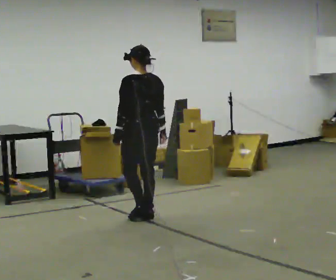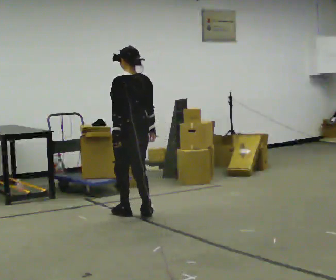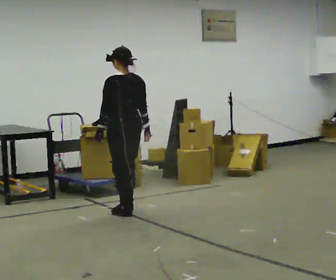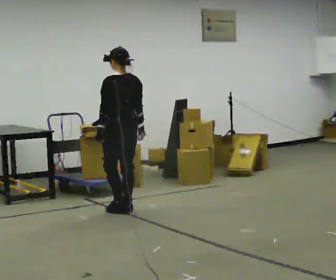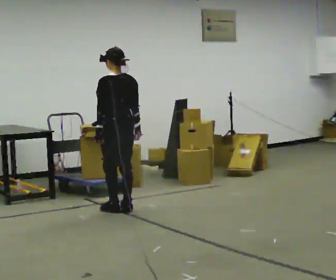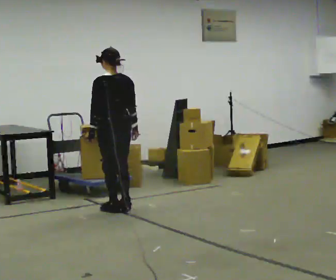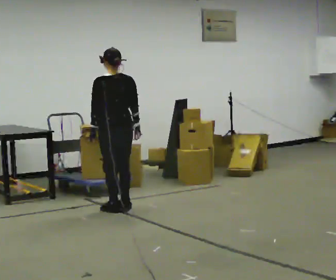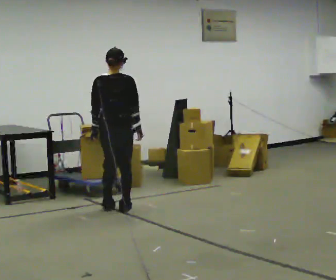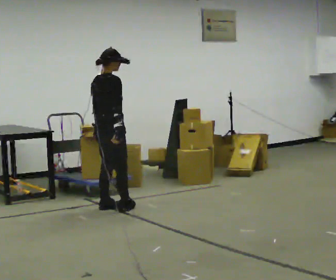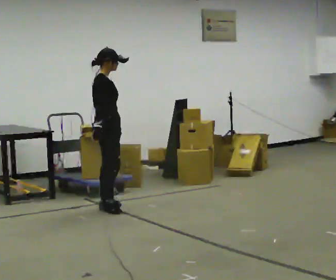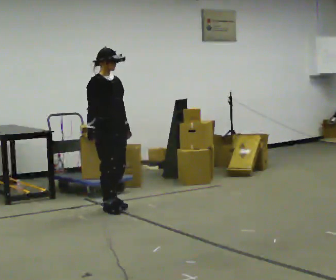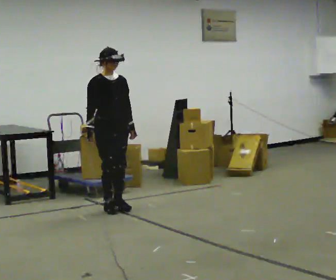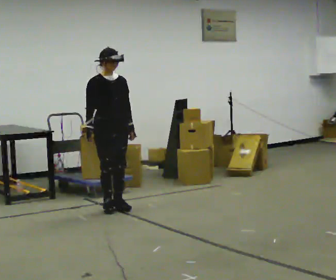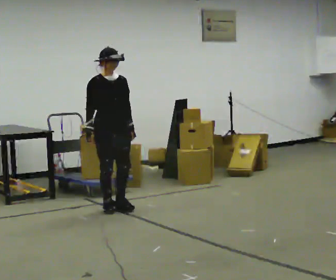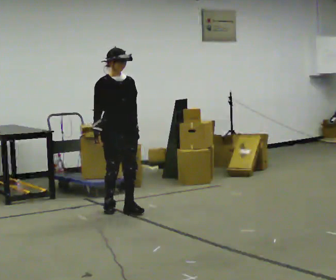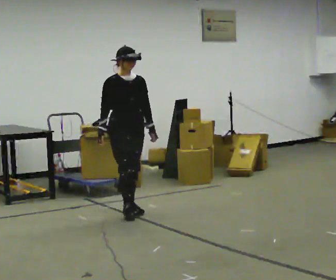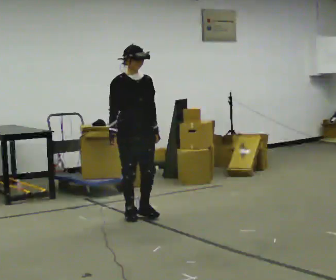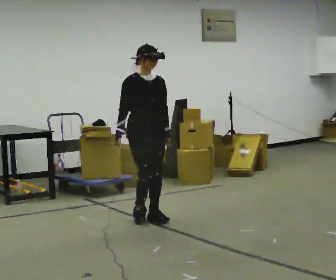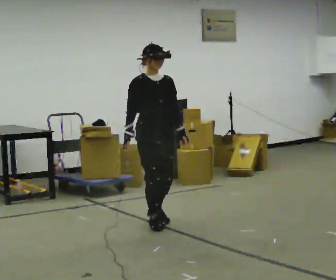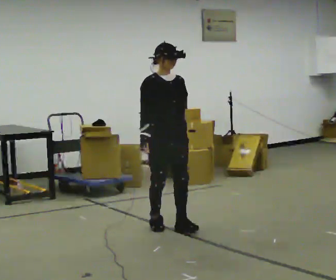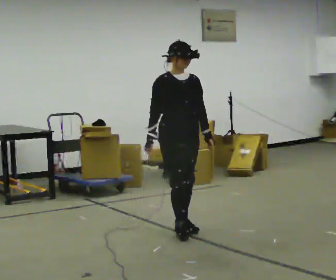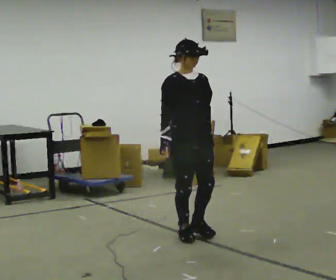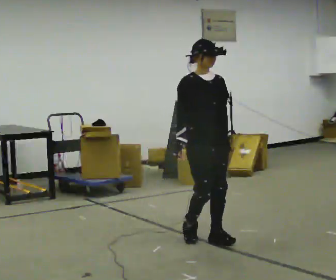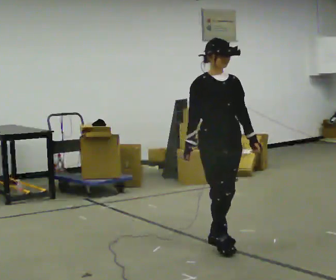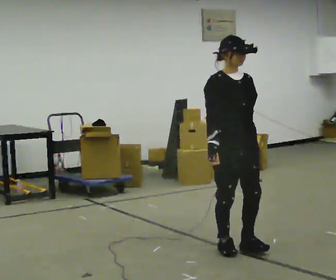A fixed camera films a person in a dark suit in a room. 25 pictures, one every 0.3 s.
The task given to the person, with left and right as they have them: Walk forward with your feet closer together than normal, or further apart than normal, as the operator states; stop.
0.0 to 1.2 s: In the picture they go away from the camera and to the left, about 0.5 m in 3 steps, which for them is forward.
1.2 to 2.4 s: The part of the body nearest the lens slides to the left as the person turns to their right by about 90 degrees.
2.4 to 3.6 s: The person turns about 90 degrees to their right, clockwise seen from above, so the part of the body nearest the lens slides to the left. In the picture their left hand goes to the right.
3.6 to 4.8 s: In the picture they go toward the camera and to the right, about 0.5 m in 2 steps, which for them is forward.
4.8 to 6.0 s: In the picture they go toward the camera and to the right, about 0.75 m in 3 steps, which for them is forward.
6.0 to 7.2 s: In the picture they go toward the camera and to the right, about 0.5 m in 3 steps, which for them is forward.
The film runs forward here.
